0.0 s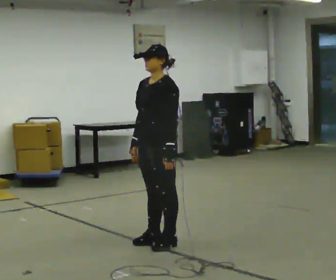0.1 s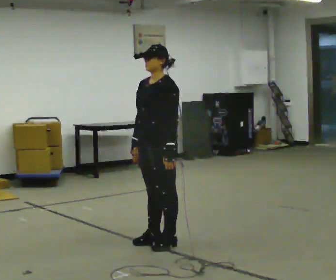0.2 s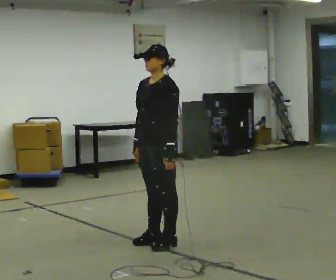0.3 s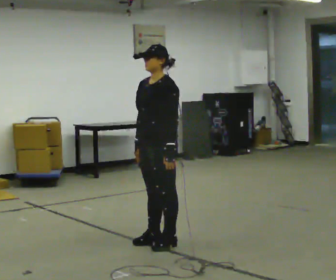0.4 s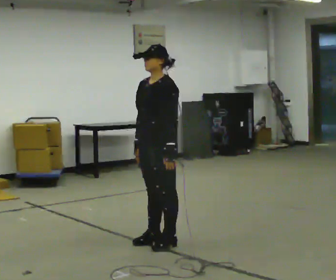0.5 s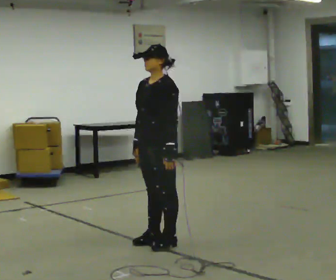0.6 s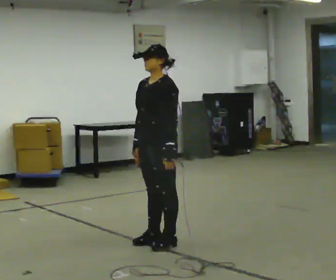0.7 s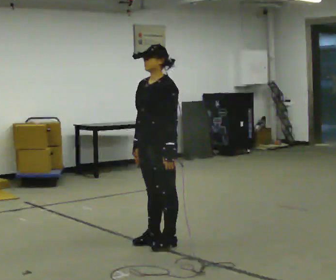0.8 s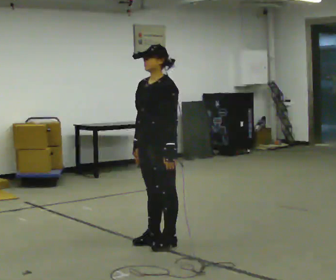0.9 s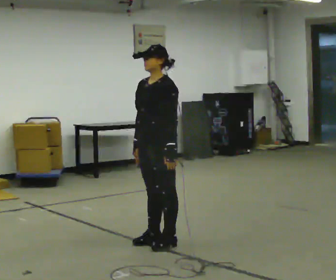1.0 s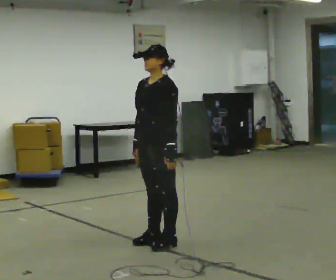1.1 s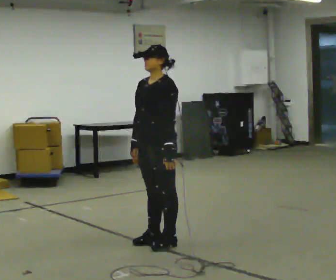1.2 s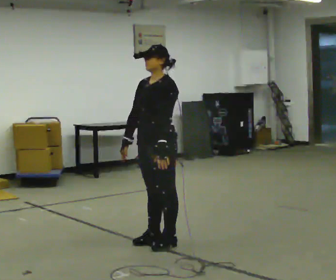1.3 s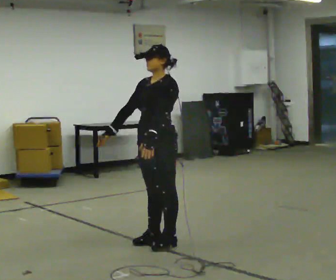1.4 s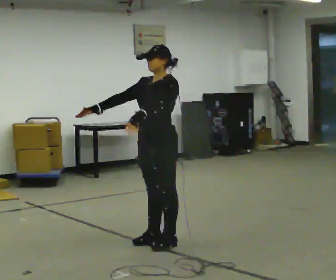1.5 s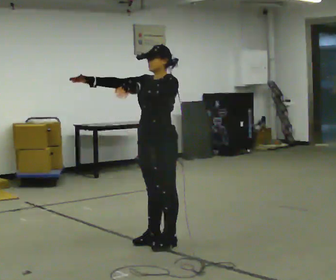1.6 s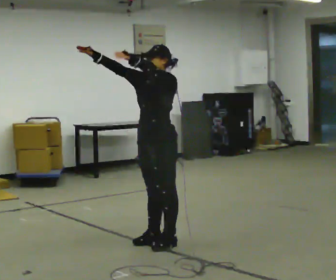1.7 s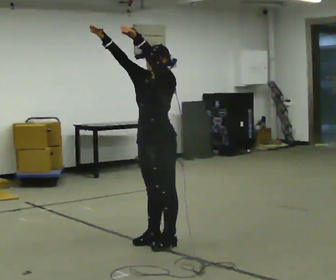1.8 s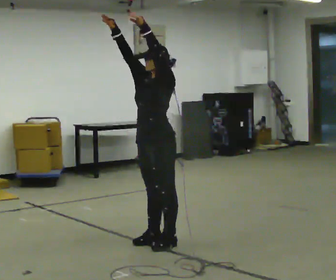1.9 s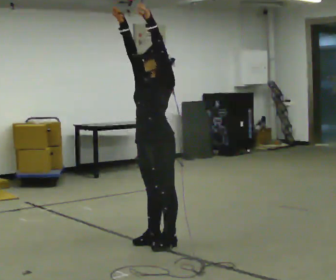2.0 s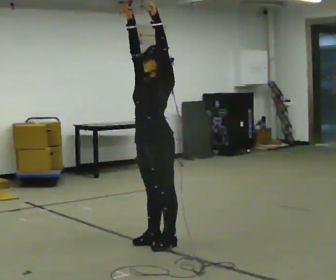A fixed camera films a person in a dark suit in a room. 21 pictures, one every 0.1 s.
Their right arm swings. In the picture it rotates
clockwise.
Their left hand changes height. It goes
upward.
0.0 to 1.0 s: The person keeps their place and pose.
1.0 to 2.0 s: In the picture their left hand goes upward.
The film runs forward here.
